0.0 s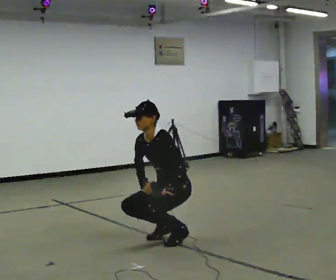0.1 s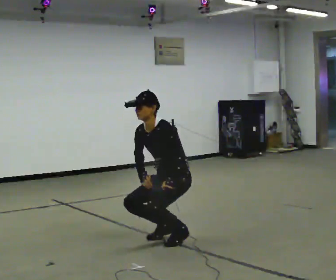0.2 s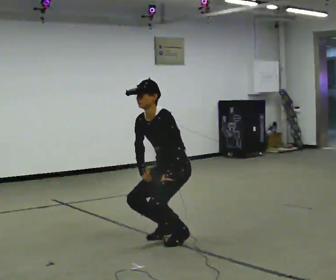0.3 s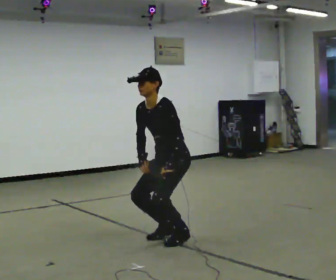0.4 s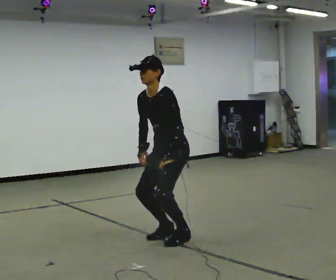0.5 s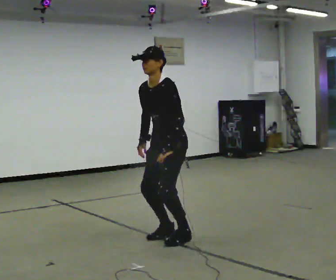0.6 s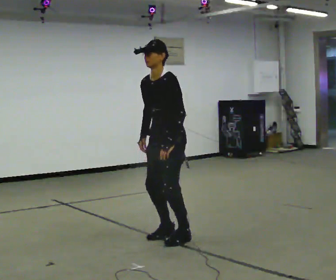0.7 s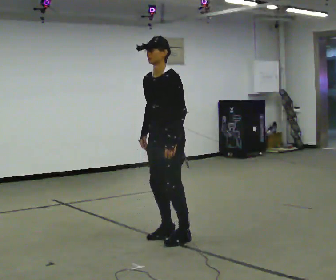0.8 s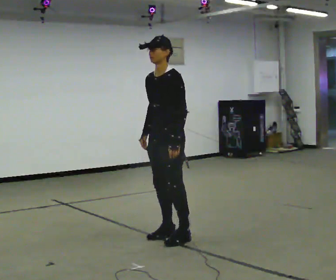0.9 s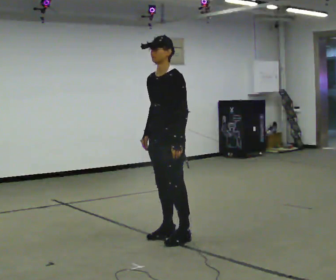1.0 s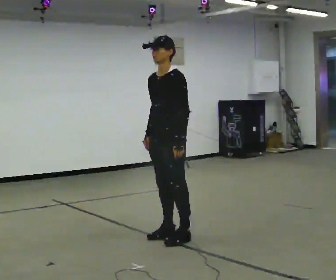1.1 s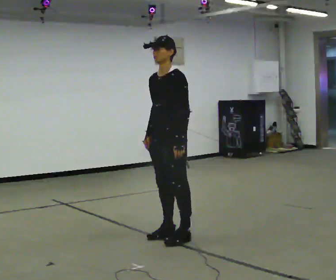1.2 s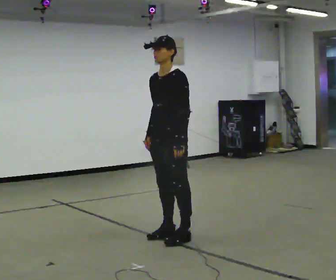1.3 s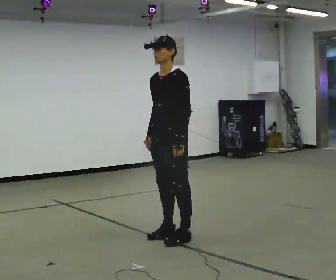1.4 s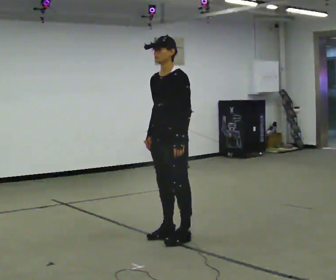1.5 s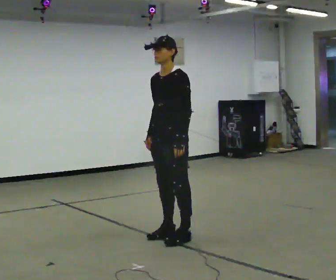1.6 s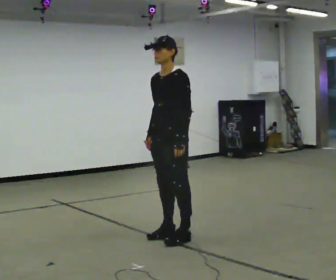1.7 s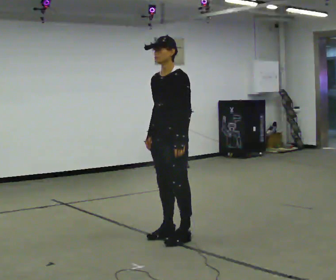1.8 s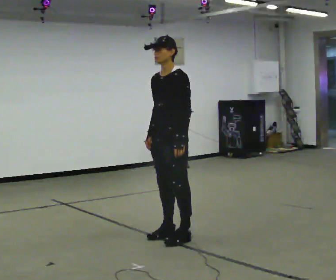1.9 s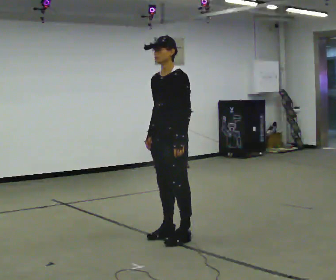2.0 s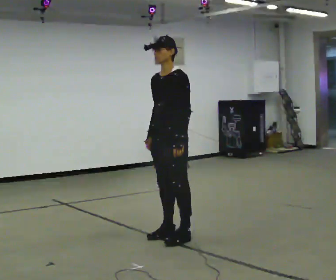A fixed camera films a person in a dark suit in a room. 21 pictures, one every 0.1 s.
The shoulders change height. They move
upward.
Their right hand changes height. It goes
upward.
0.0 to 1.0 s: The upper body goes upward. In the picture the upper body tilts clockwise, shoulders to the right, as they lean back or straighten. In the picture their left hand goes upward.
1.0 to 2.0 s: The person moves a little, or ends about where they began.
The film runs forward here.
